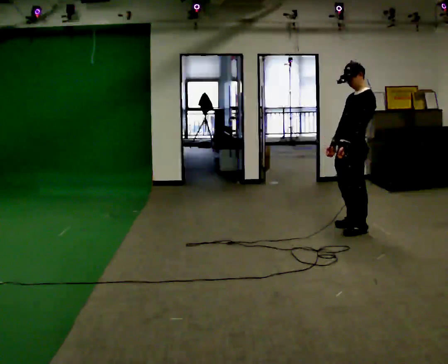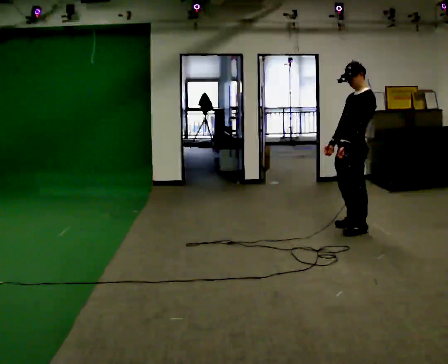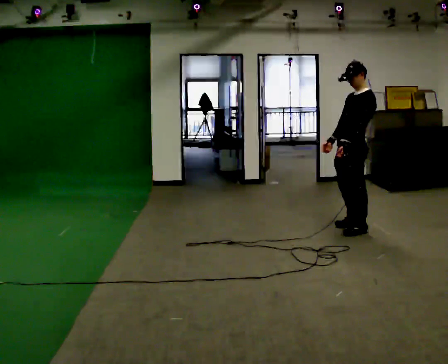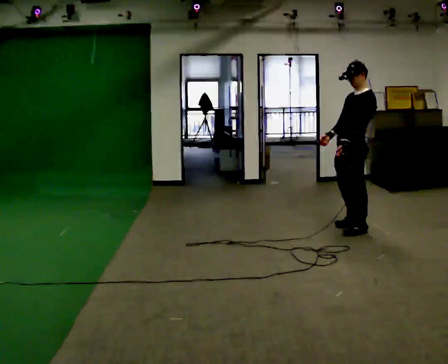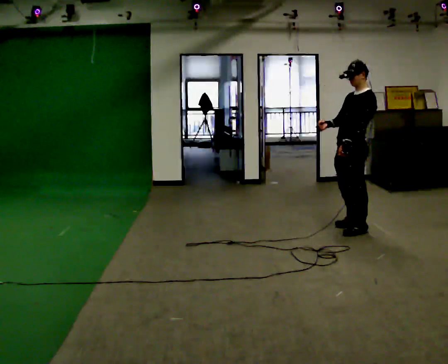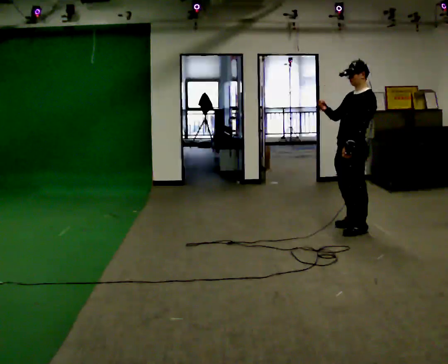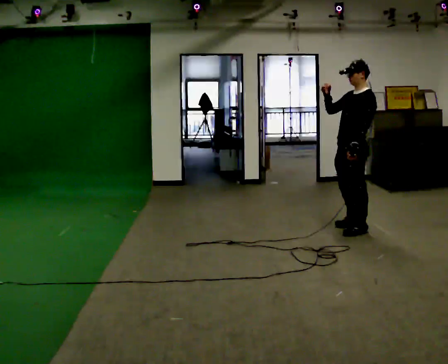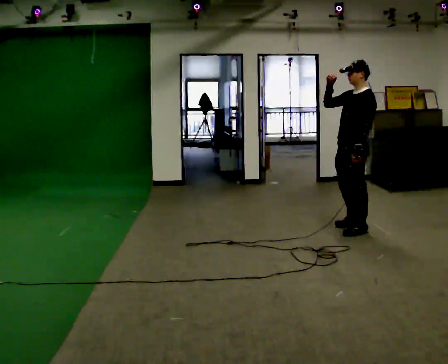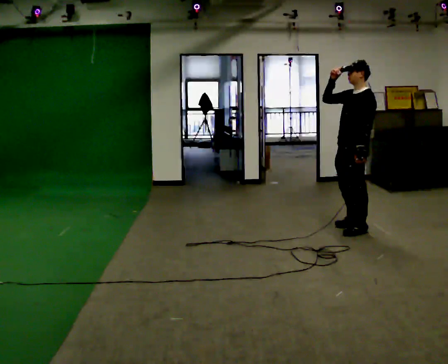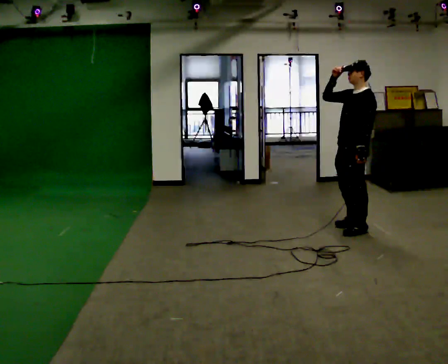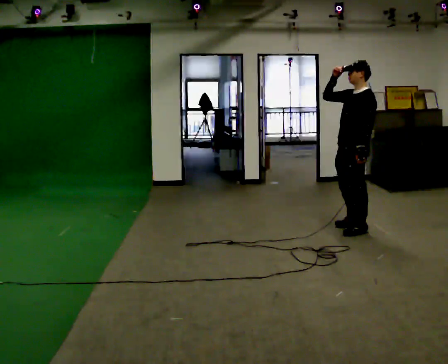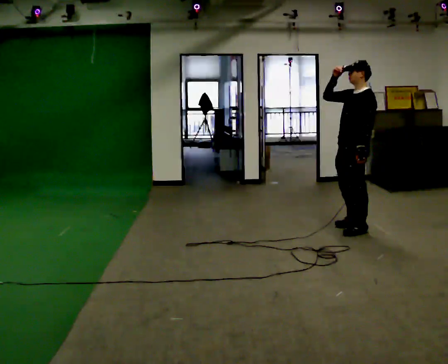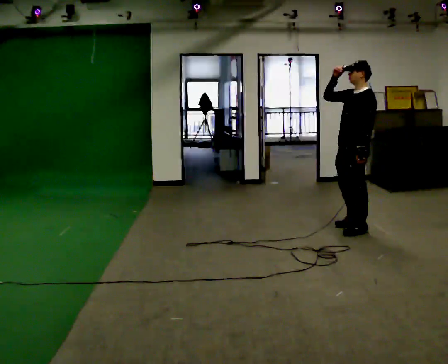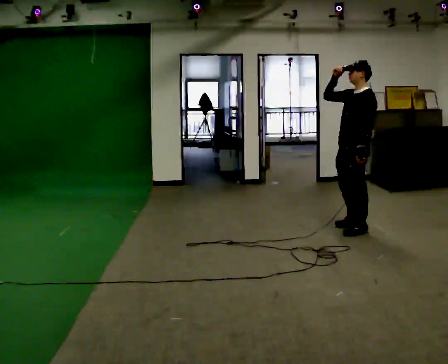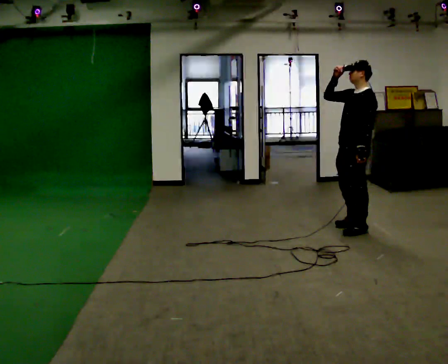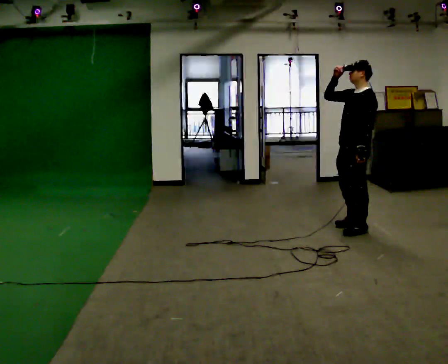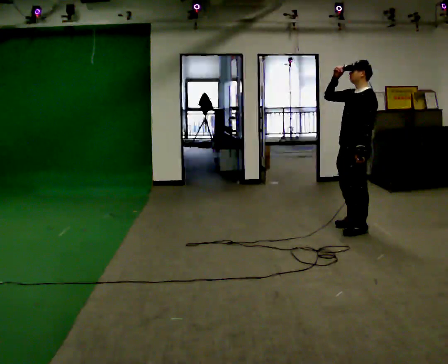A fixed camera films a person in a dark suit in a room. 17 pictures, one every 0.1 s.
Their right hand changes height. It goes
upward.
Their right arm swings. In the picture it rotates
clockwise.
0.0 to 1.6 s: In the picture their right hand goes upward, the arm swinging clockwise.
The film runs backward here.
